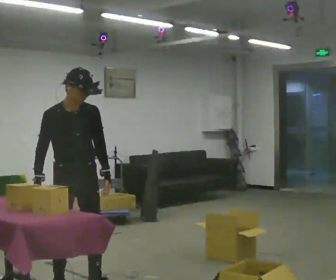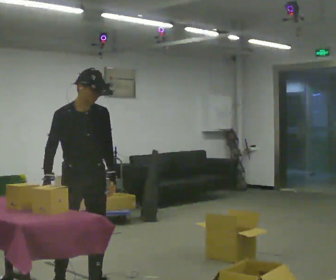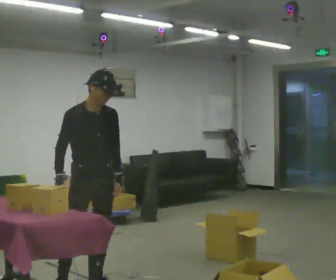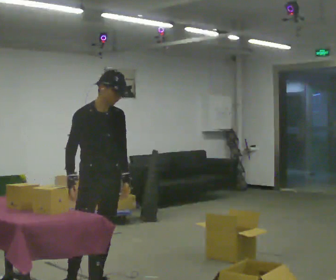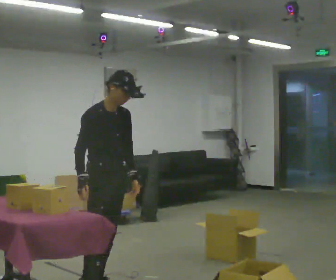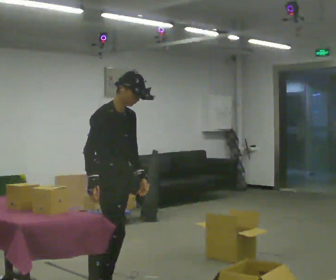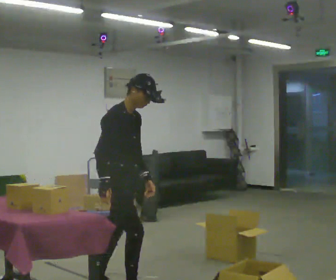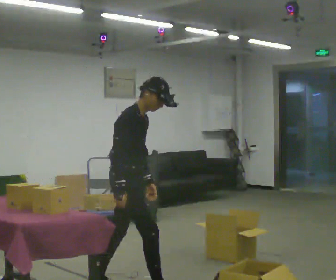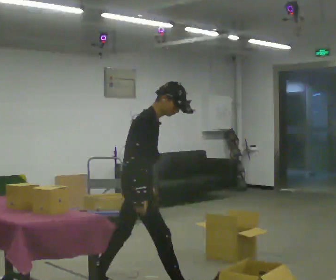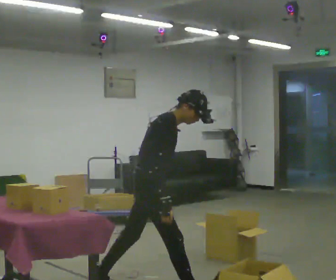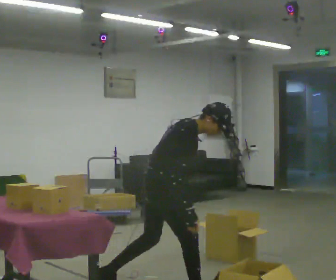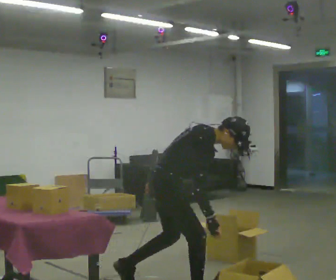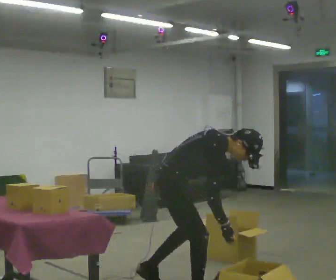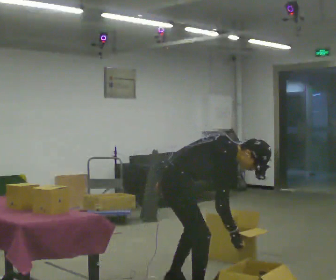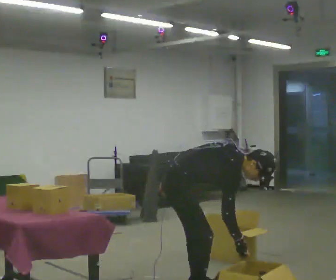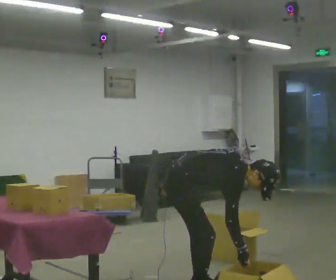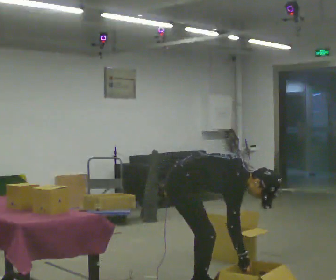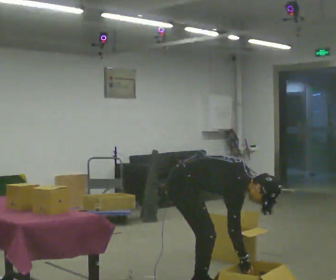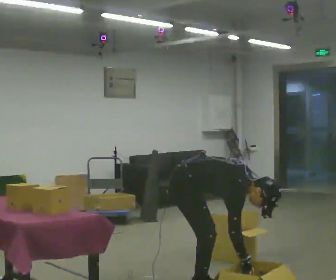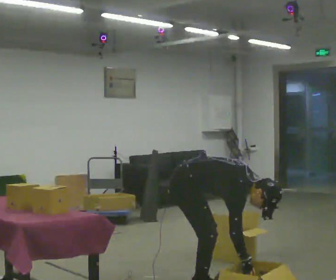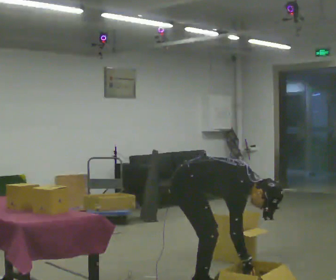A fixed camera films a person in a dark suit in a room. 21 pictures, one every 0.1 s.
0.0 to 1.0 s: The person turns about 75 degrees to their left, counterclockwise seen from above, so the part of the body nearest the lens slides to the right. In the picture they go to the right, about 0.75 m in 1 step. The upper body goes downward. In the picture the upper body tilts clockwise, shoulders to the right, as they bend forward.
1.0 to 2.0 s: In the picture they go to the right, about 0.25 m in 1 step, which for them is forward. The shoulders move downward. In the picture the upper body tilts clockwise, shoulders to the right, as they bend forward. In the picture their left hand goes to the right.
The film runs forward here.
